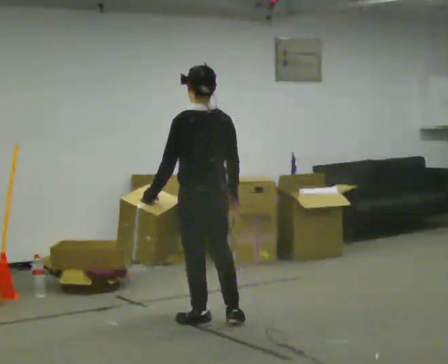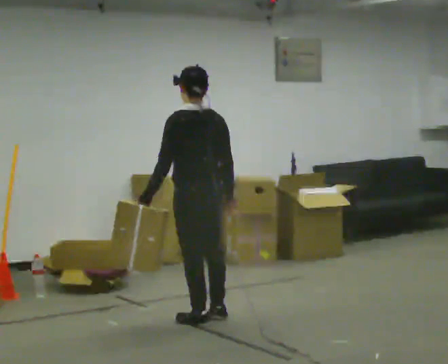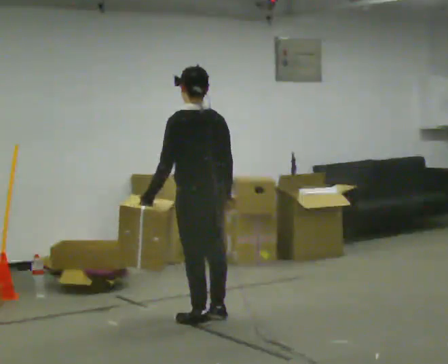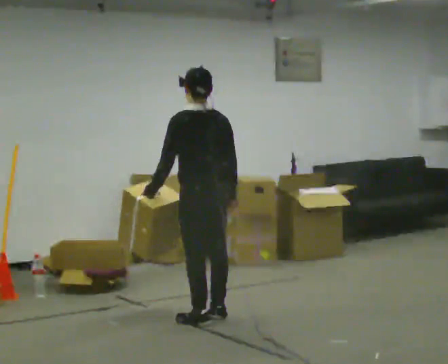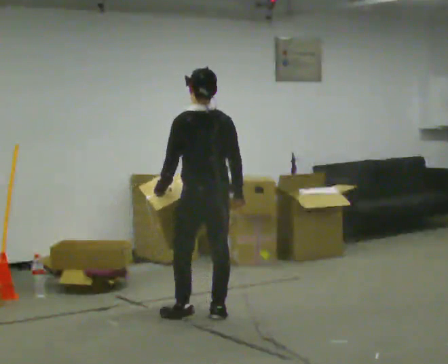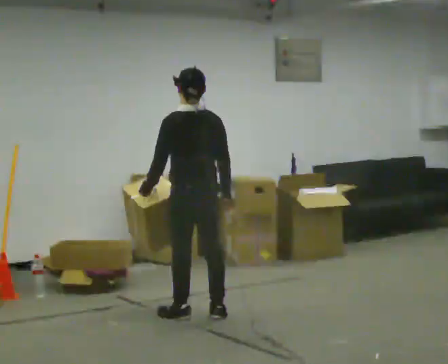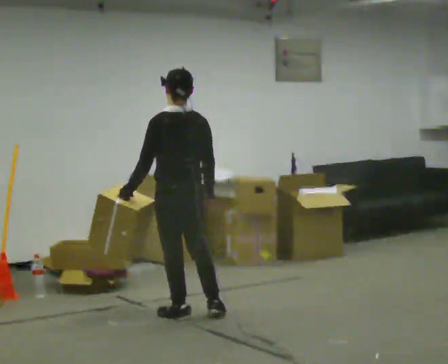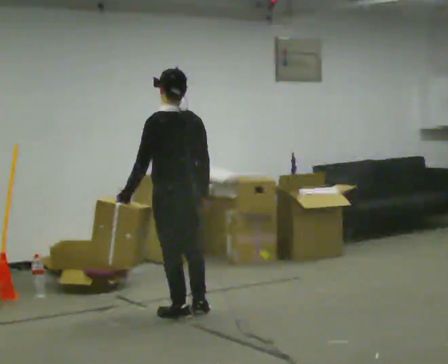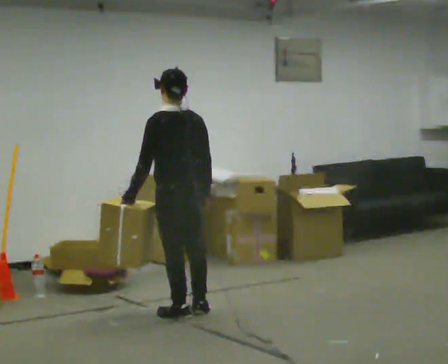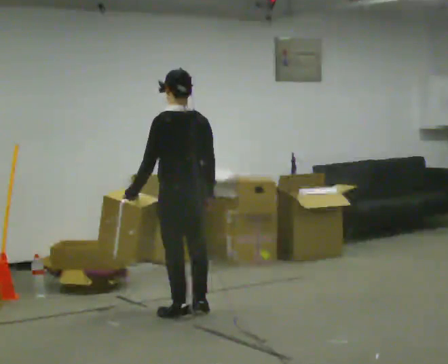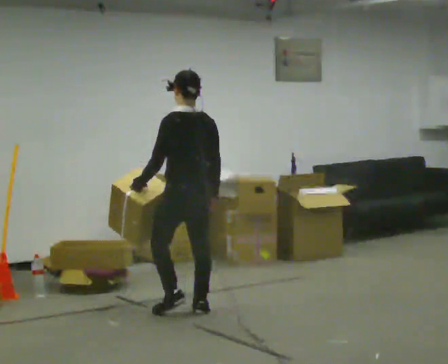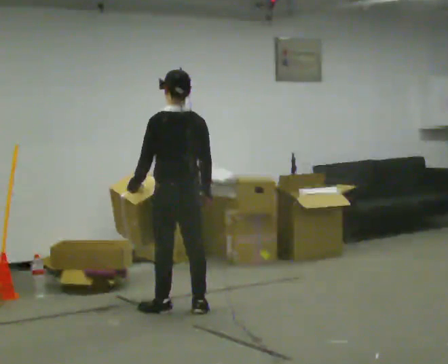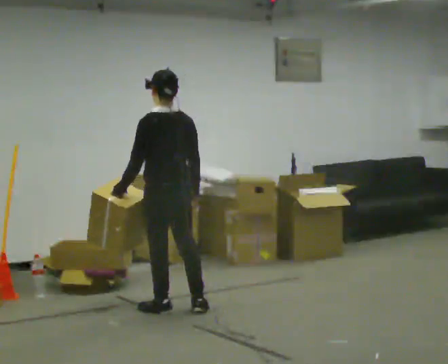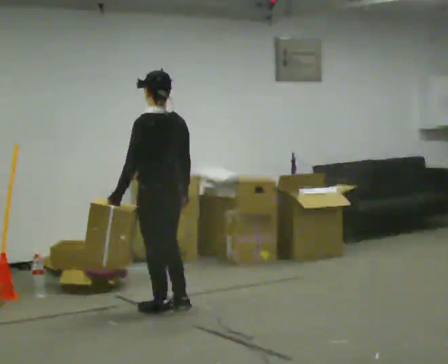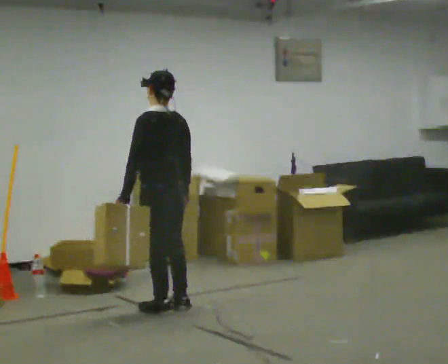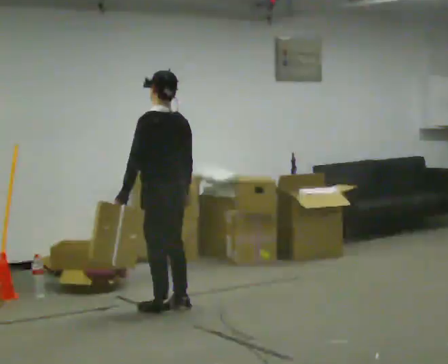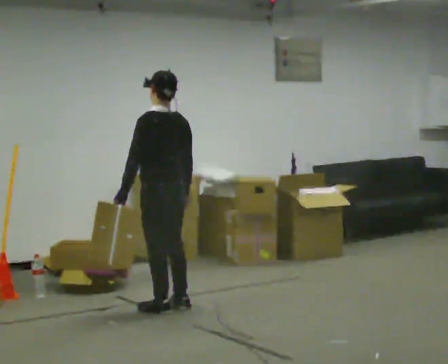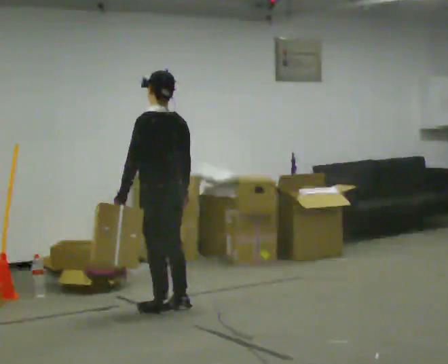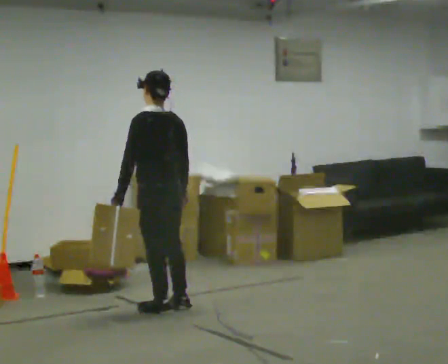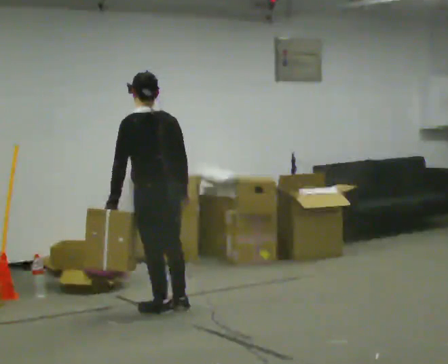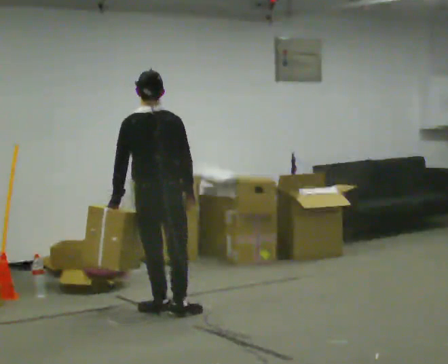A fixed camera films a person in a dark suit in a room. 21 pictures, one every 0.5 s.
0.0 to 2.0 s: In the picture they go away from the camera, about 0.25 m in 1 step, which for them is forward.
2.0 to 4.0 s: In the picture they go to the left, about 0.25 m in 2 steps, which for them is forward and to their left.
4.0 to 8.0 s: In the picture they go away from the camera, about 0.25 m in 2 steps, which for them is forward.
8.0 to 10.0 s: The person turns about 45 degrees to their right, clockwise seen from above, so the part of the body nearest the lens slides to the left.
The film runs forward here.
